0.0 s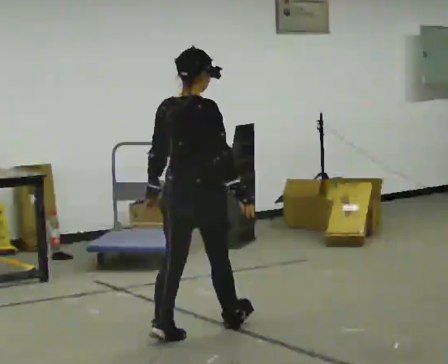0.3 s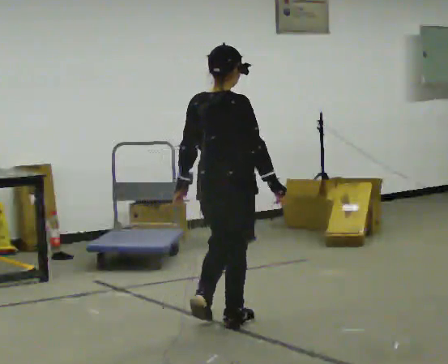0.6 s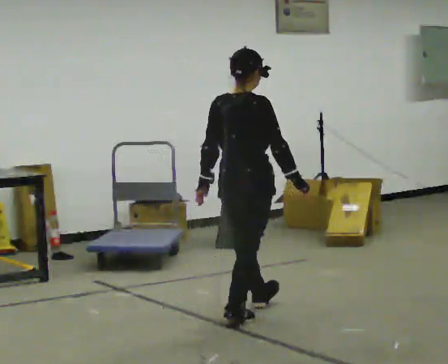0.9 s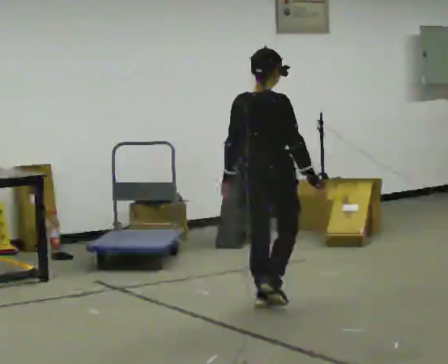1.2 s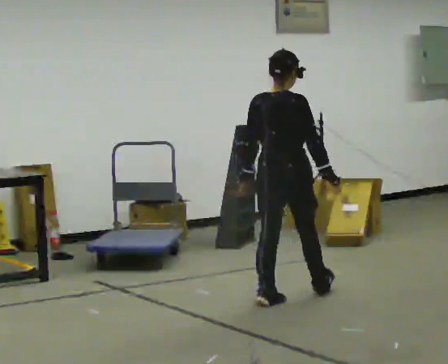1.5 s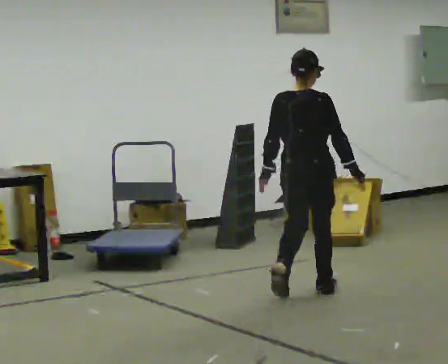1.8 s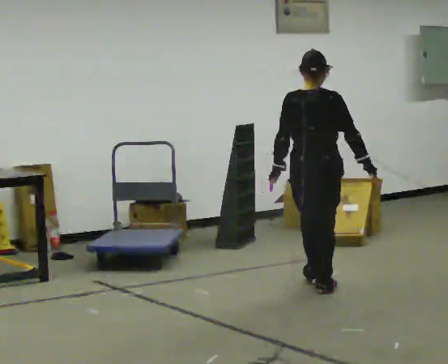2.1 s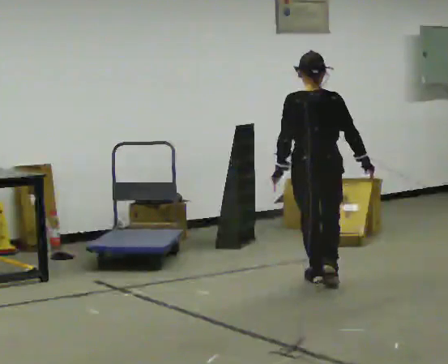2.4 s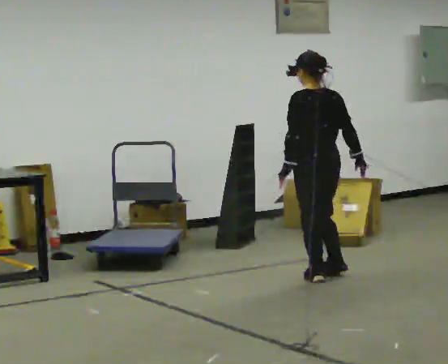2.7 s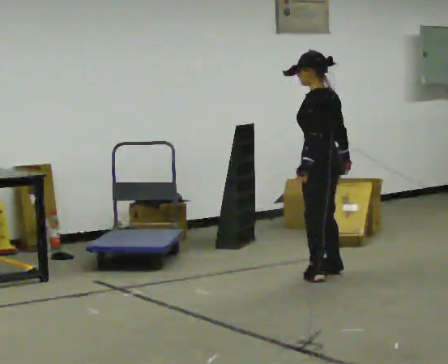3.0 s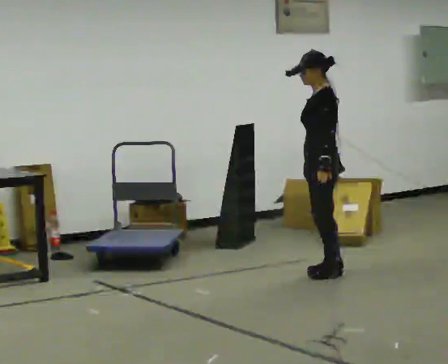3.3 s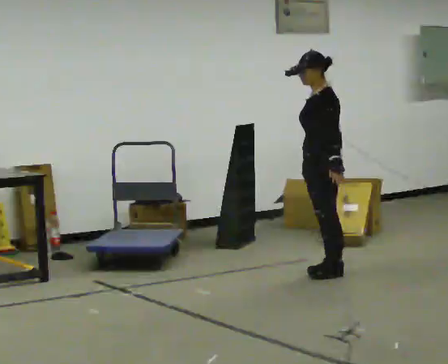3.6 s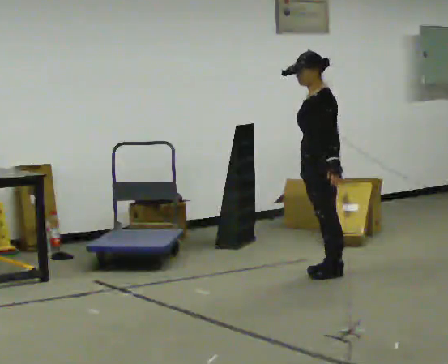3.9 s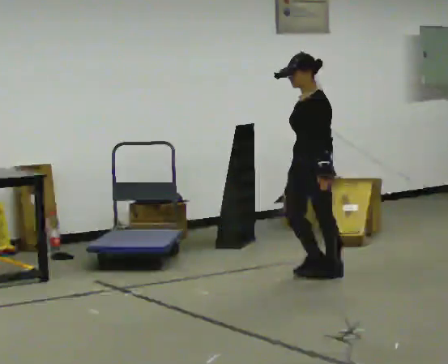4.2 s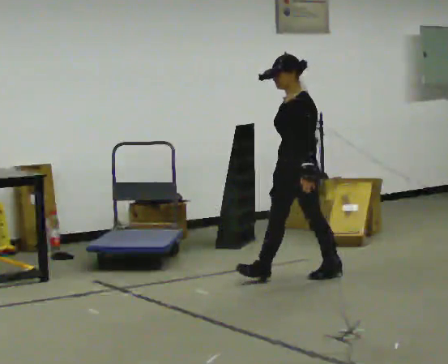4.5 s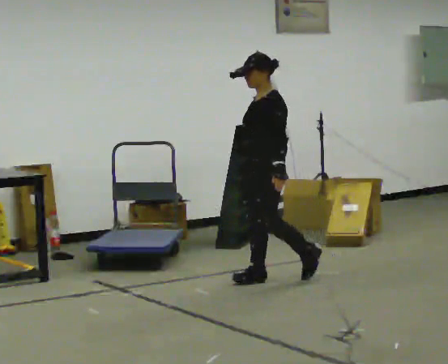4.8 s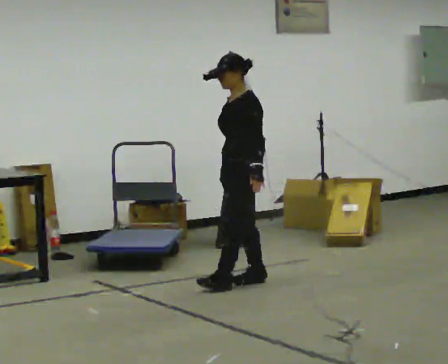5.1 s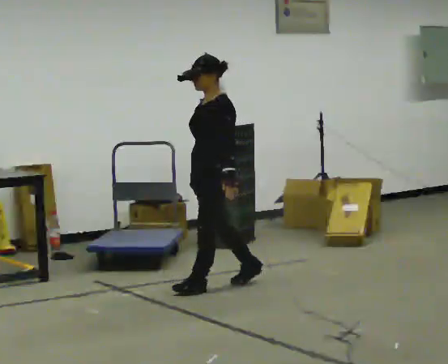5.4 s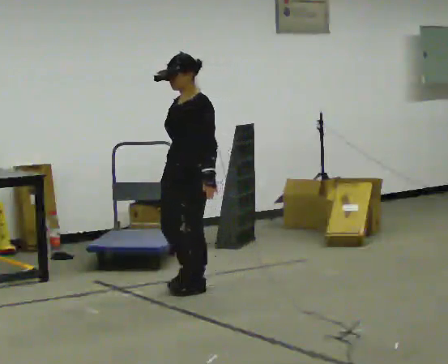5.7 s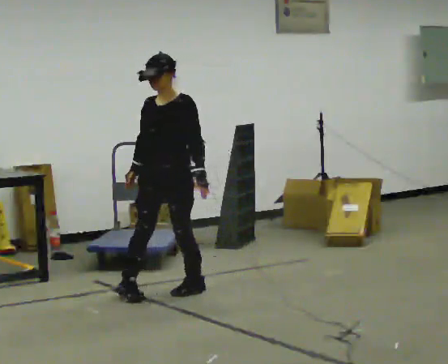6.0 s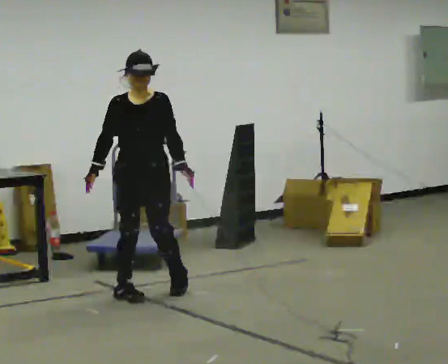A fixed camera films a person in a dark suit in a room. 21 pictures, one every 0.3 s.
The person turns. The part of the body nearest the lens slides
to the right.
Their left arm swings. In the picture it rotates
counterclockwise.
0.0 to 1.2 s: In the picture they go away from the camera and to the right, about 1 m in 1 step, which for them is forward.
1.2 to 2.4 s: Seen from above the body turns counterclockwise, about 60 degrees: to their left, with its near side sliding to the right. In the picture they go away from the camera, about 0.75 m in 2 steps.
2.4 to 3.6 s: Seen from above the body turns counterclockwise, about 60 degrees: to their left, with its near side sliding to the right. In the picture they go away from the camera, about 0.25 m in 2 steps. In the picture their left hand goes to the right.
3.6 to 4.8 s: In the picture they go to the left and toward the camera, about 0.5 m in 1 step, which for them is forward.
4.8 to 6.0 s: The person turns about 75 degrees to their left, counterclockwise seen from above, so the part of the body nearest the lens slides to the right. In the picture they go to the left and toward the camera, about 0.5 m in 2 steps.
The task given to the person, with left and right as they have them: Walk through 3–5 turns in sequence; keep moving; stop at end.
The film runs forward here.
